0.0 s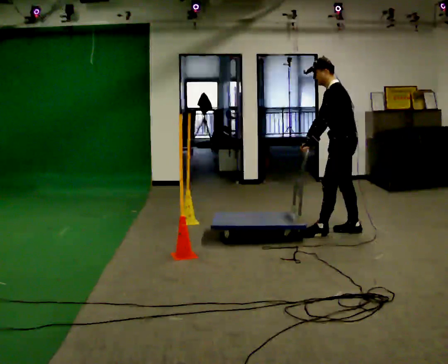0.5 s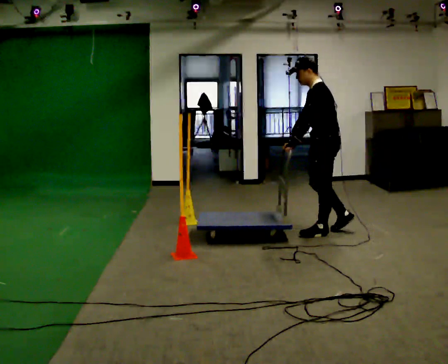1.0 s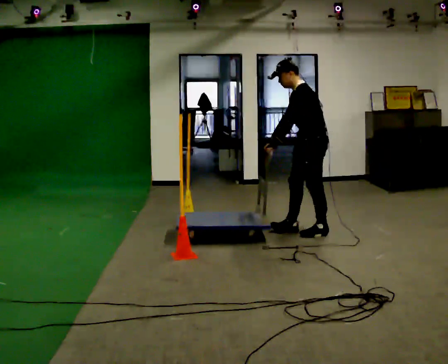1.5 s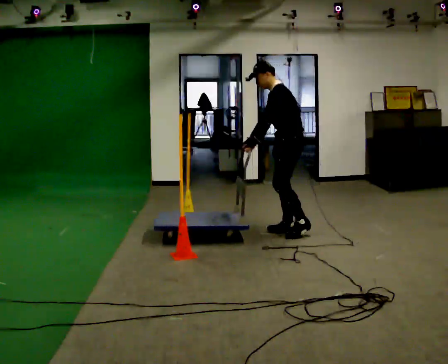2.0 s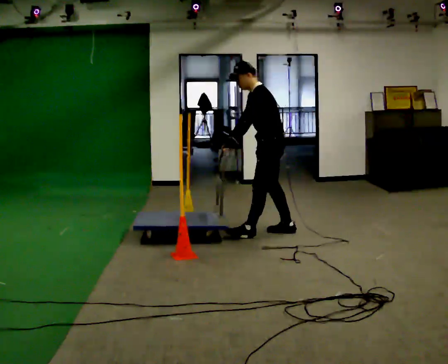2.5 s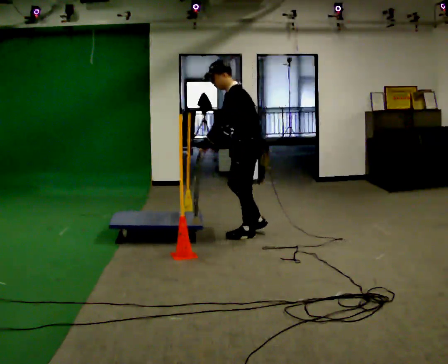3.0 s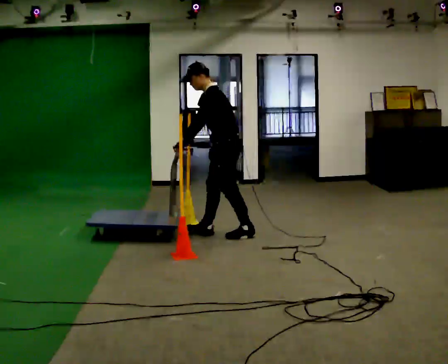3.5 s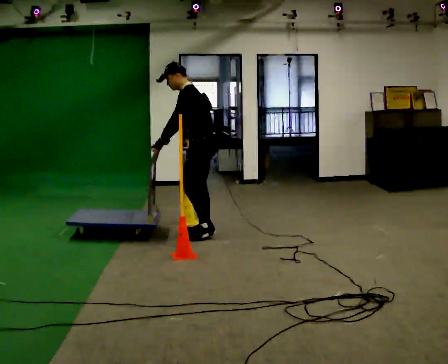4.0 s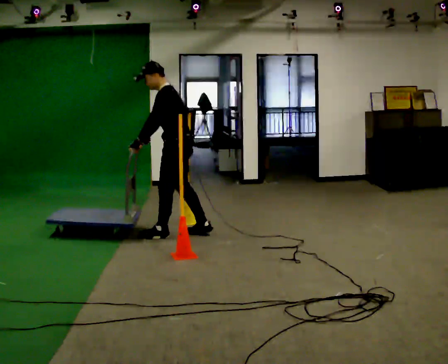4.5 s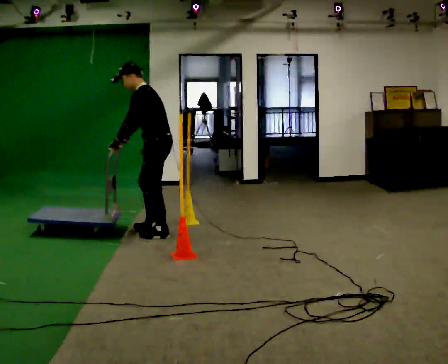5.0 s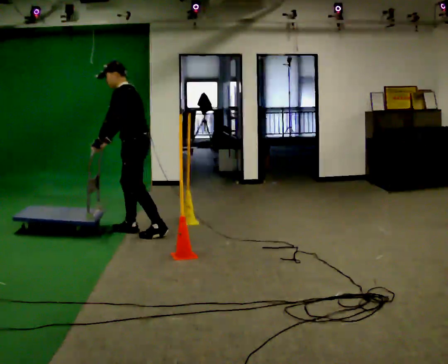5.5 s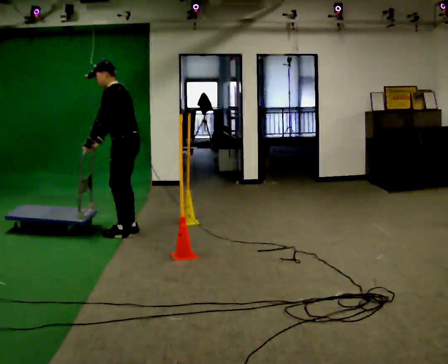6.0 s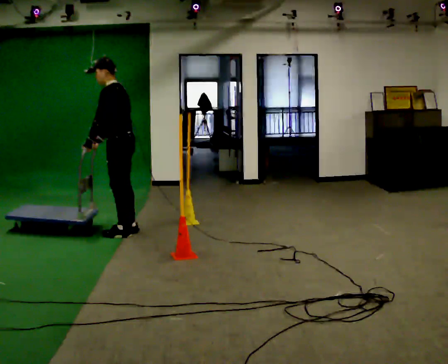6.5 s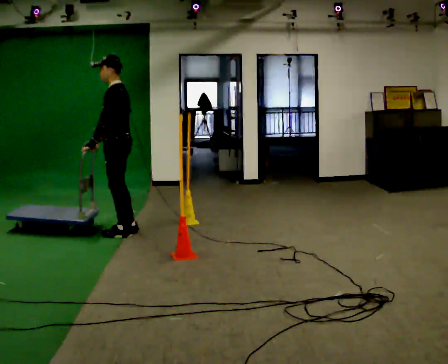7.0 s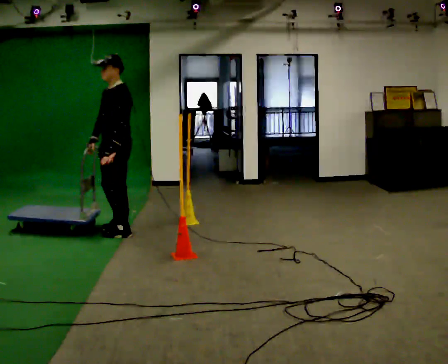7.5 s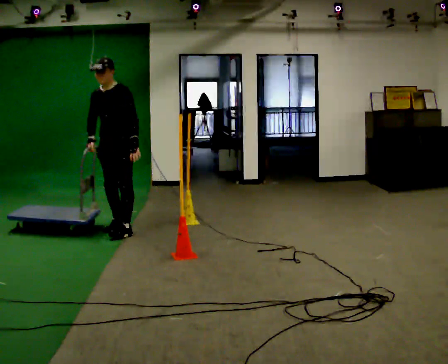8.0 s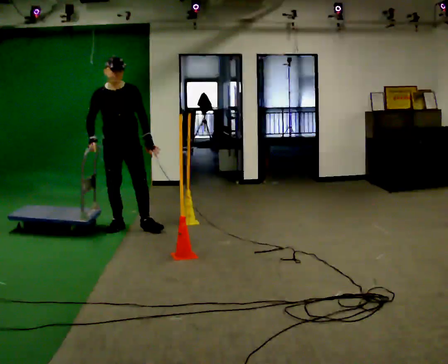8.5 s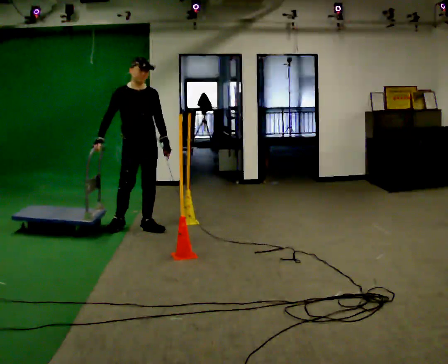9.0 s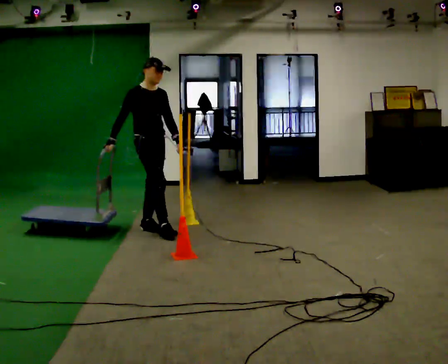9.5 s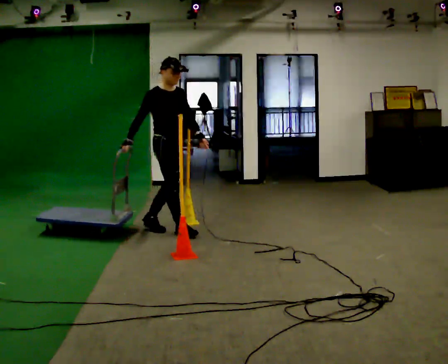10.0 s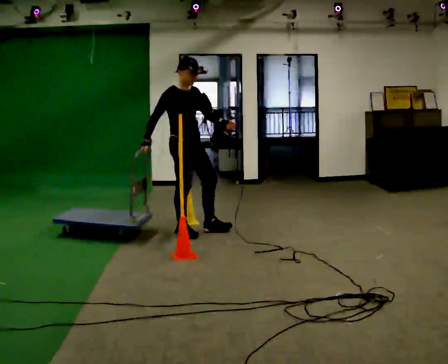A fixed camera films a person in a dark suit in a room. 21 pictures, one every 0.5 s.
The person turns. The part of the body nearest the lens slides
to the right.
The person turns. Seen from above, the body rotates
counterclockwise.
0.0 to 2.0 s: In the picture they go to the left, about 0.75 m in 2 steps, which for them is forward.
2.0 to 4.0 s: In the picture they go to the left, about 1 m in 2 steps, which for them is forward.
4.0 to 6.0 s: In the picture they go to the left, about 0.5 m in 2 steps, which for them is forward.
6.0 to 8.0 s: The part of the body nearest the lens slides to the right as the person turns to their left by about 105 degrees. In the picture they go away from the camera, about 0.25 m in 2 steps. In the picture their left hand goes to the right, the arm swinging counterclockwise.
8.0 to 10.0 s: The part of the body nearest the lens slides to the right as the person turns to their left by about 45 degrees. In the picture they go to the right, about 0.75 m in 1 step, which for them is forward.
The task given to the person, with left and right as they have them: Push the cart through the gap between the poles without touching them, then bring it back through.
The film runs forward here.
